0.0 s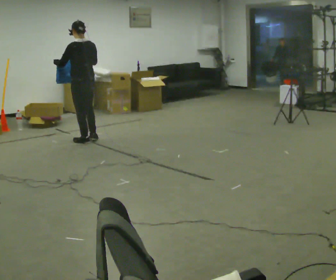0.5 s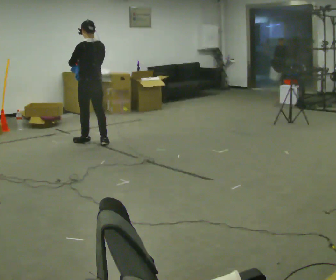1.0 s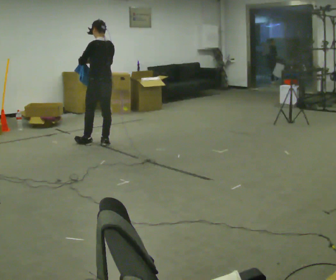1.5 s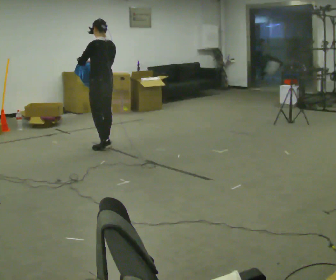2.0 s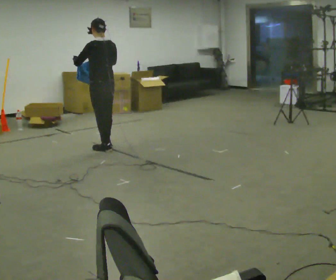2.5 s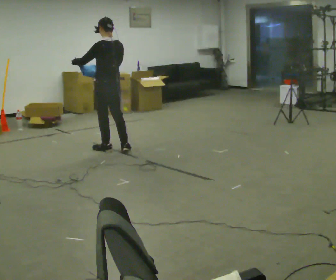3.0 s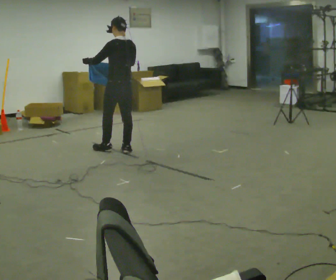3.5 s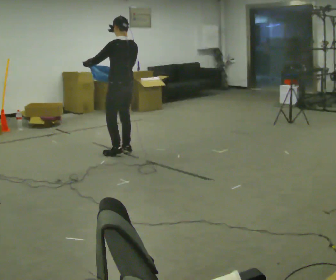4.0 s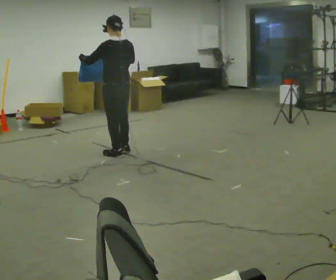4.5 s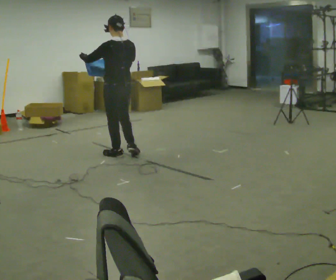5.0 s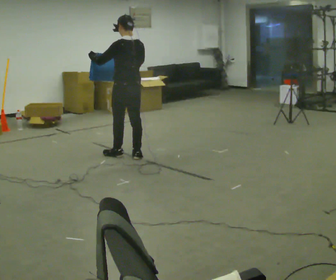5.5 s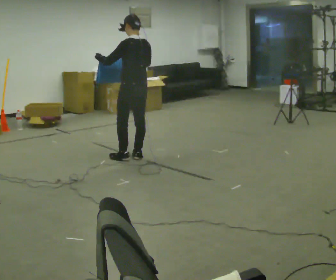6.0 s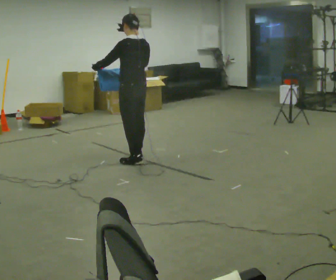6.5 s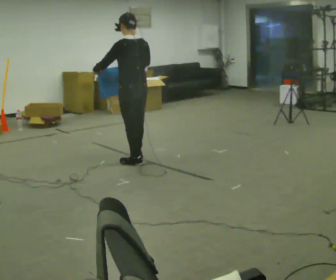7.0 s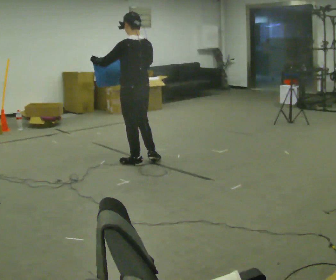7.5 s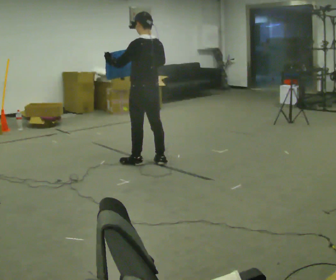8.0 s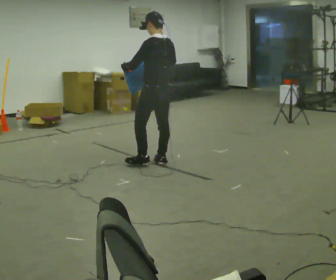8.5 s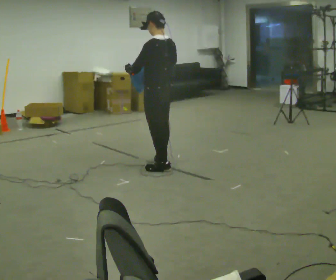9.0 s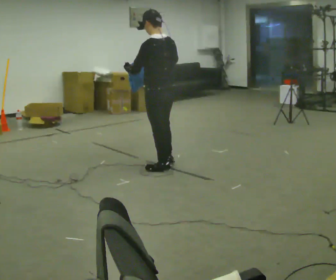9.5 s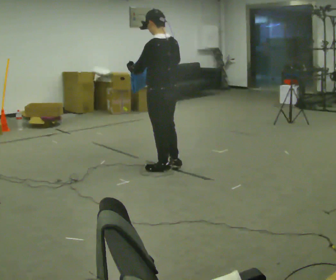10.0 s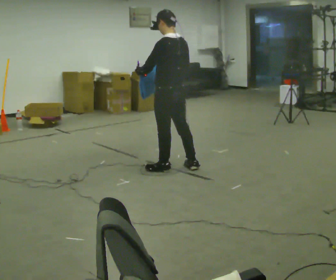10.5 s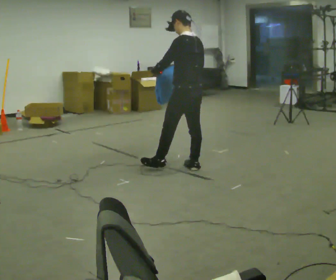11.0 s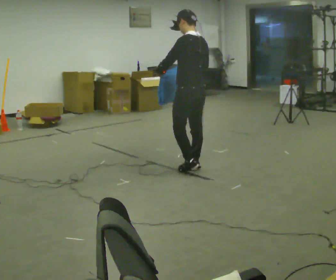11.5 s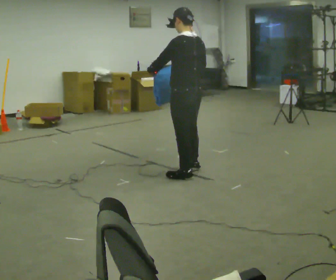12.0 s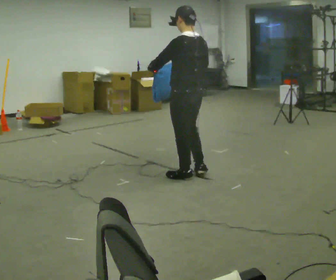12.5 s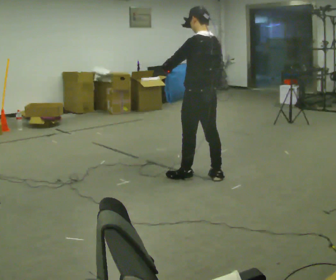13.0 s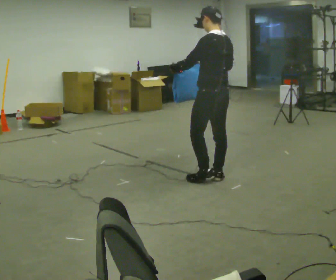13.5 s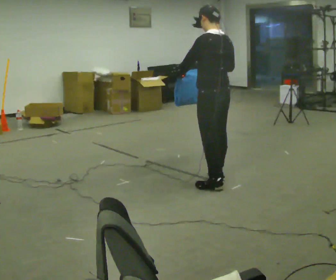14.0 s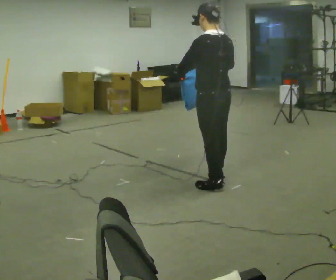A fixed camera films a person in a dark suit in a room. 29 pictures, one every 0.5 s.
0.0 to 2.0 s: In the picture they go toward the camera and to the right, about 0.5 m in 2 steps, which for them is backward.
2.0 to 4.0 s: In the picture they go toward the camera and to the right, about 0.5 m in 1 step, which for them is backward.
4.0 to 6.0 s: In the picture they go to the right and toward the camera, about 0.25 m in 2 steps, which for them is backward.
6.0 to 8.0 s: In the picture they go to the right and toward the camera, about 0.25 m in 2 steps, which for them is backward.
8.0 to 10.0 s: In the picture they go toward the camera, about 0.25 m in 2 steps, which for them is backward.
10.0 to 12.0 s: In the picture they go toward the camera, about 0.25 m in 2 steps, which for them is backward.
12.0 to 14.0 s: In the picture they go toward the camera and to the right, about 0.25 m in 1 step, which for them is backward.
The film runs backward here.
